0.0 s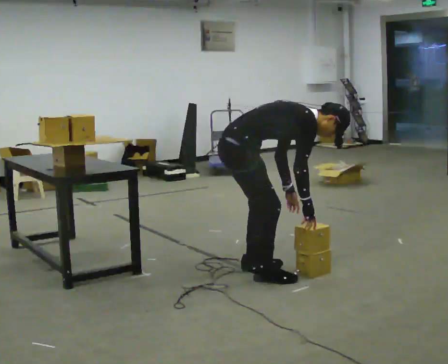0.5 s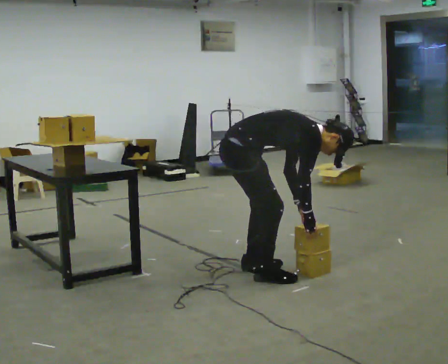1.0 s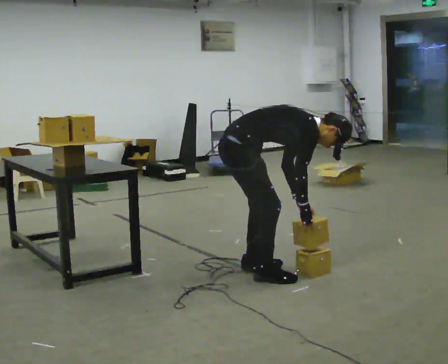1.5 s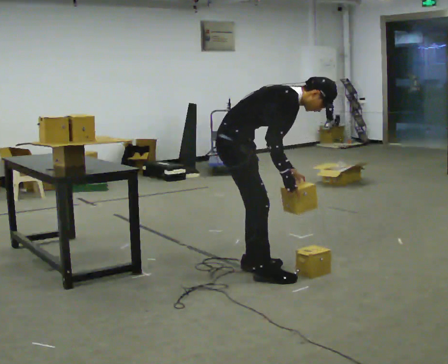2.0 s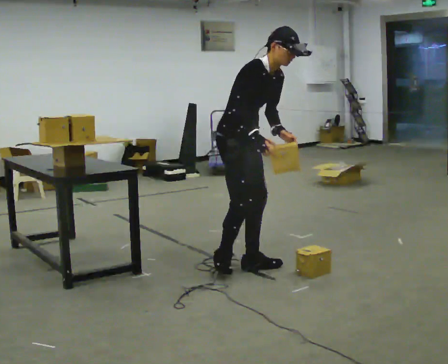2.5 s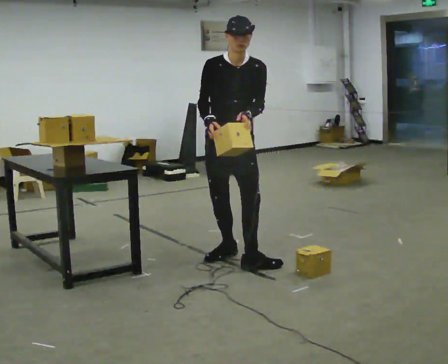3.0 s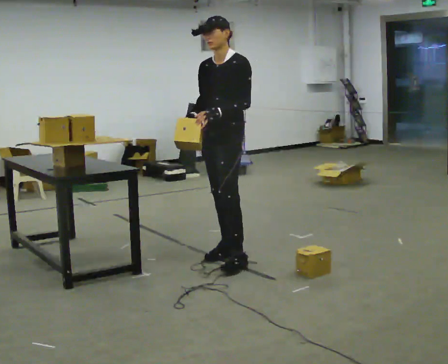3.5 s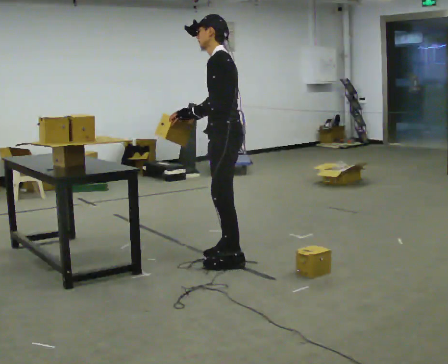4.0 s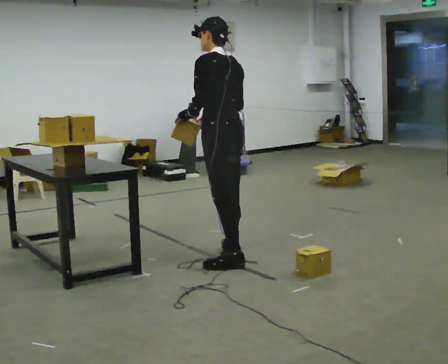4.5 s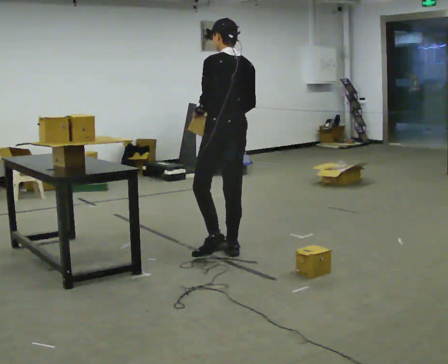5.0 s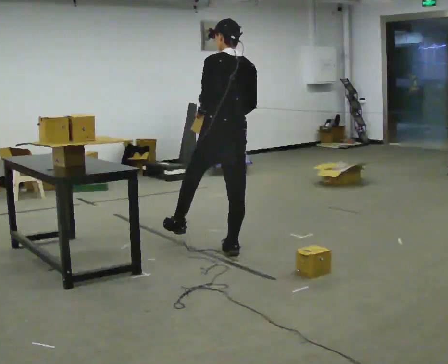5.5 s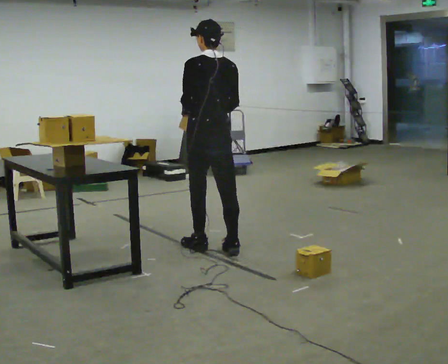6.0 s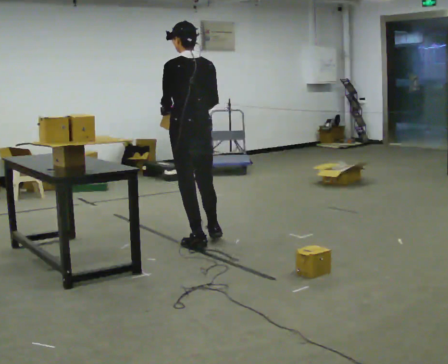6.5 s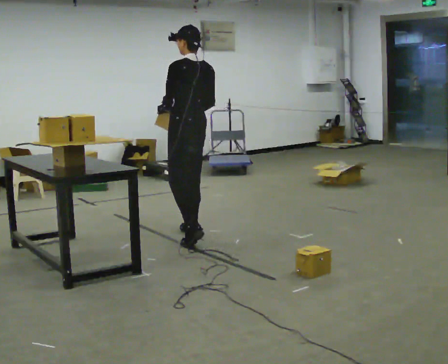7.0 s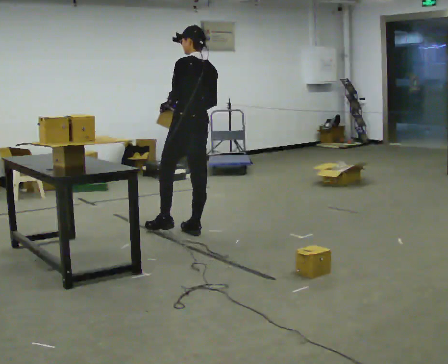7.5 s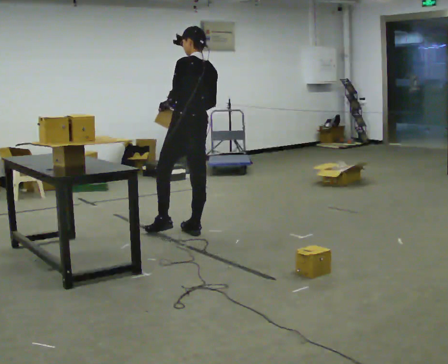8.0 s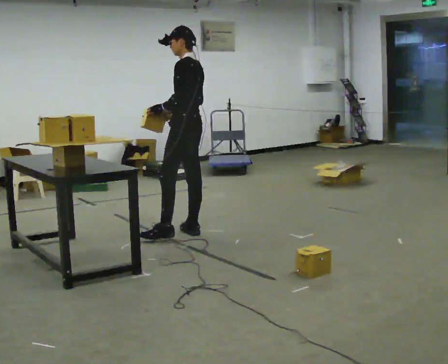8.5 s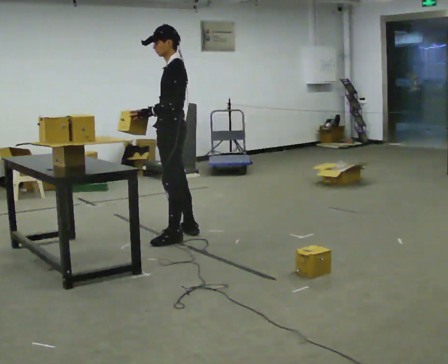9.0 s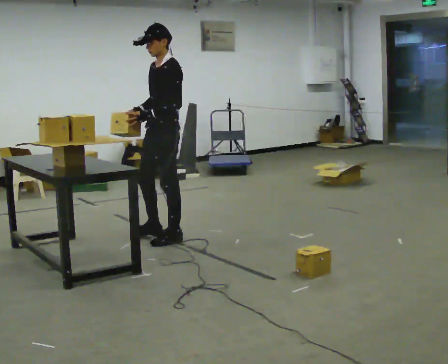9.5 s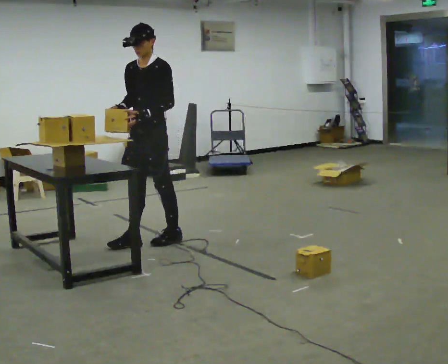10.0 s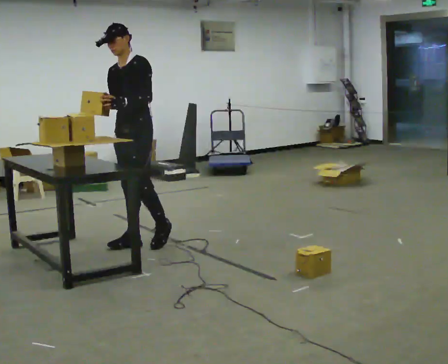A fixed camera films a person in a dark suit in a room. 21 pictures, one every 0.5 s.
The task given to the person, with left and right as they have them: Carry the object over and set it down on the wobbly board without tipping it over. Keep going until the operator says stop; one object at a time, and do not rush between trips.
0.0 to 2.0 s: Seen from above the body turns clockwise, about 45 degrees: to their right, with its near side sliding to the left. In the picture they go away from the camera, about 0.25 m, which for them is to their left. The shoulders move upward. In the picture the upper body tilts counterclockwise, shoulders to the left, as they lean back or straighten. In the picture their left hand goes upward.
2.0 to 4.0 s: The person turns about 180 degrees to their right, clockwise seen from above, so the part of the body nearest the lens slides to the left. In the picture the upper body tilts counterclockwise, shoulders to the left, as they lean back or straighten.
4.0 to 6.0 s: In the picture they go away from the camera and to the left, about 0.5 m in 2 steps, which for them is forward.
6.0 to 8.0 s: The person turns about 45 degrees to their left, counterclockwise seen from above, so the part of the body nearest the lens slides to the right. In the picture they go away from the camera, about 0.25 m in 2 steps, which for them is forward and to their right.
8.0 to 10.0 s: The part of the body nearest the lens slides to the right as the person turns to their left by about 75 degrees. In the picture they go to the left and toward the camera, about 0.5 m in 2 steps.
The film runs forward here.
